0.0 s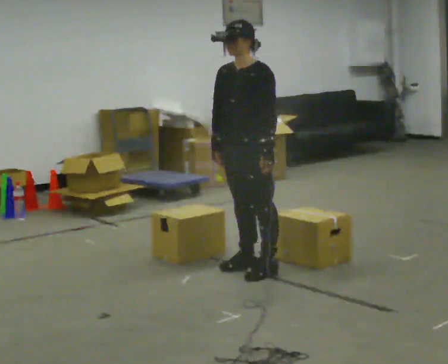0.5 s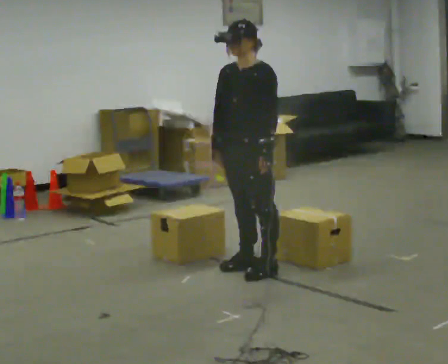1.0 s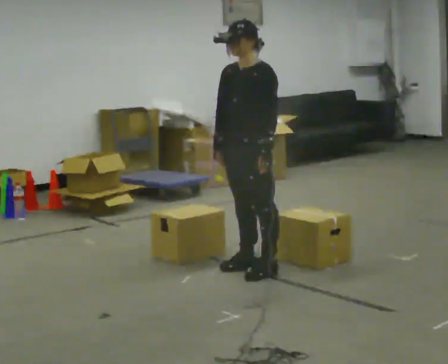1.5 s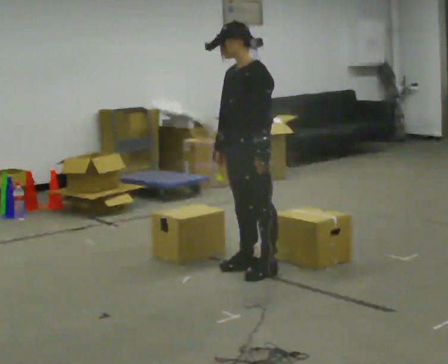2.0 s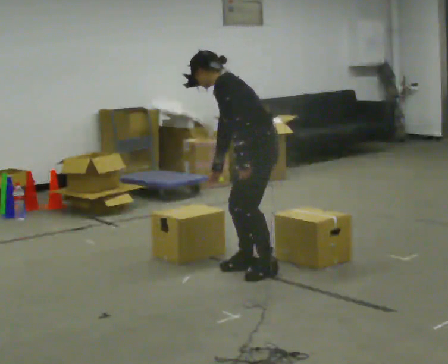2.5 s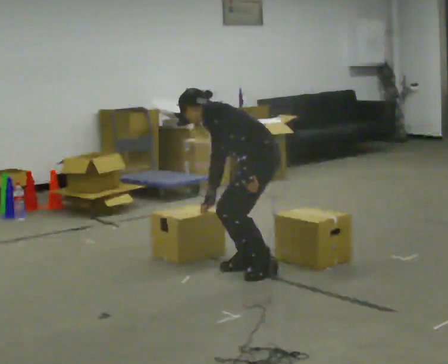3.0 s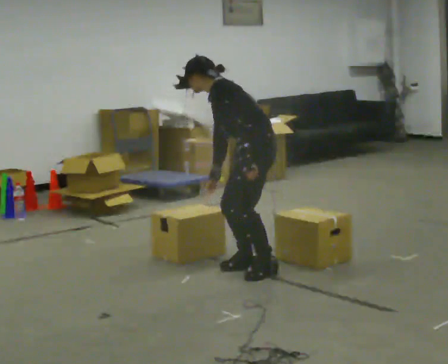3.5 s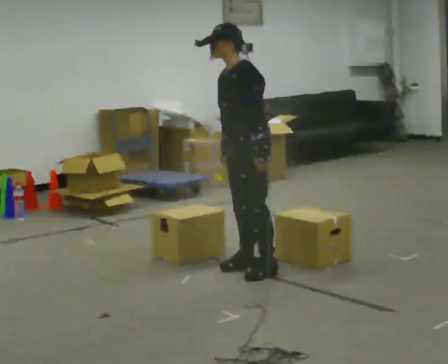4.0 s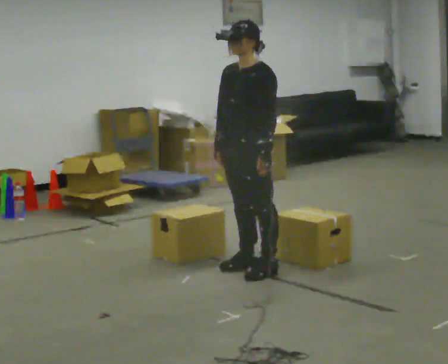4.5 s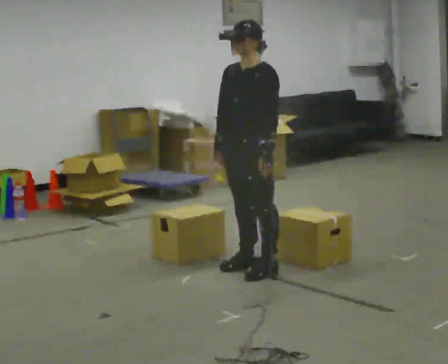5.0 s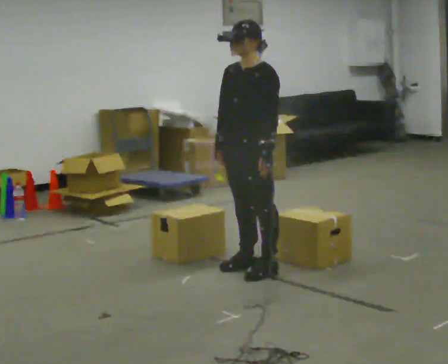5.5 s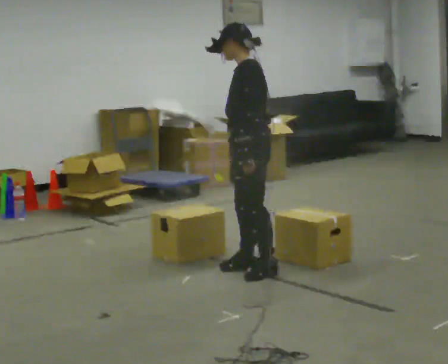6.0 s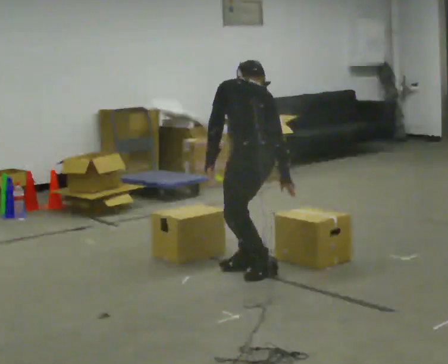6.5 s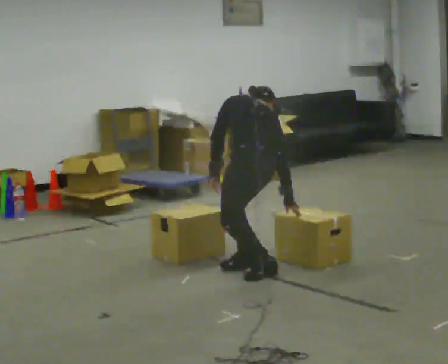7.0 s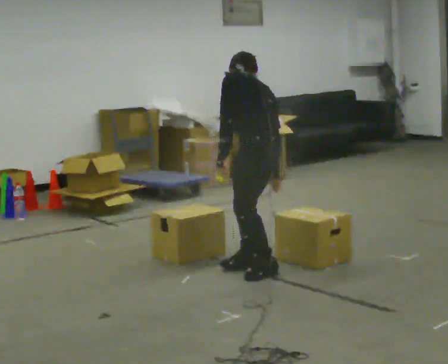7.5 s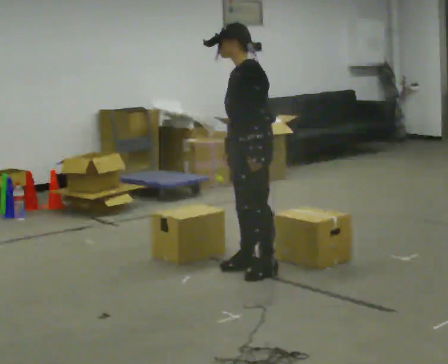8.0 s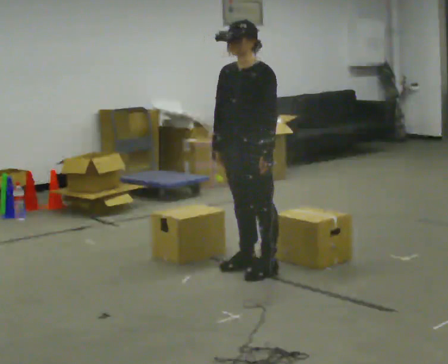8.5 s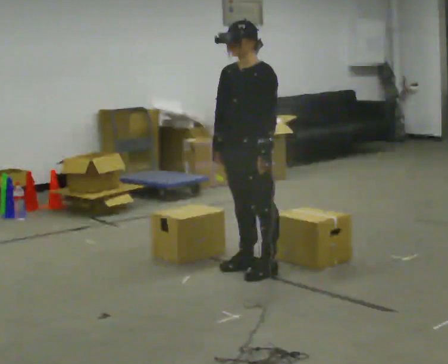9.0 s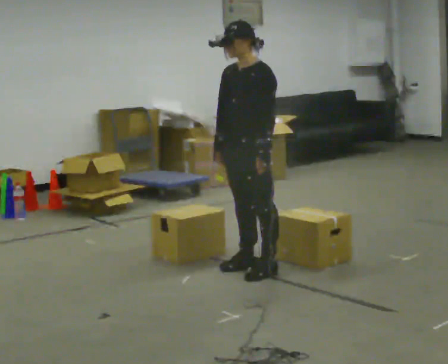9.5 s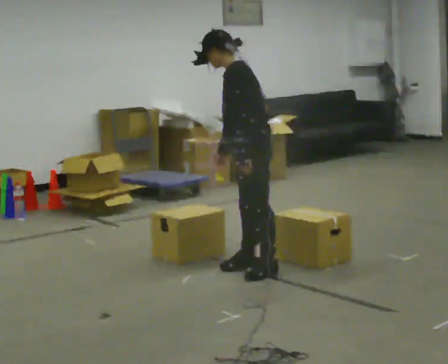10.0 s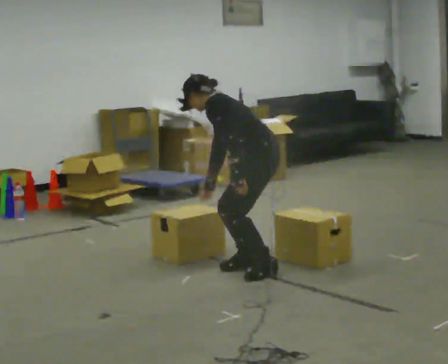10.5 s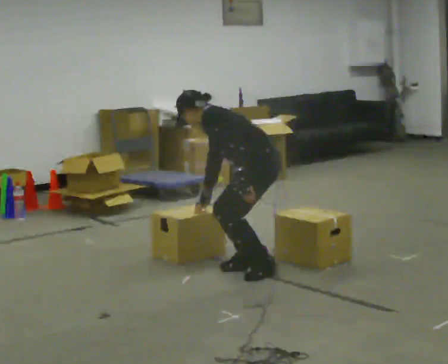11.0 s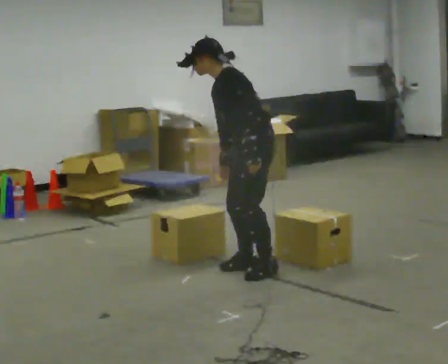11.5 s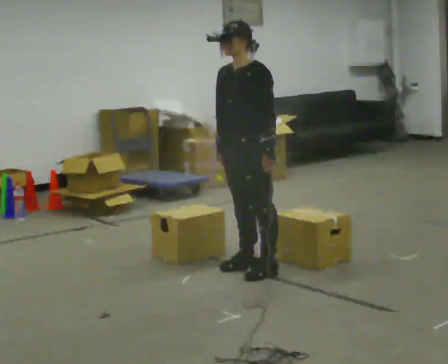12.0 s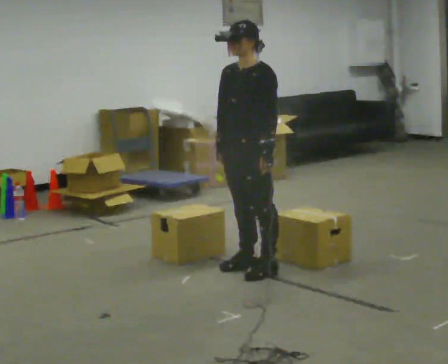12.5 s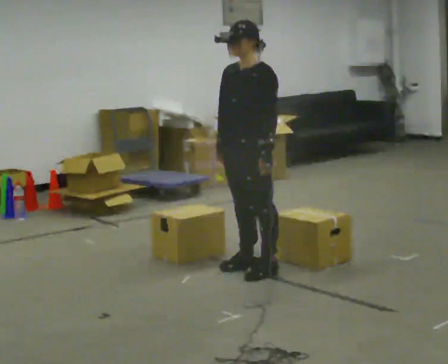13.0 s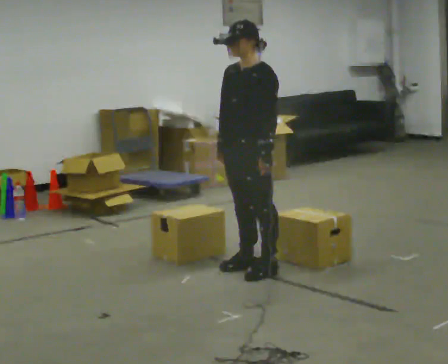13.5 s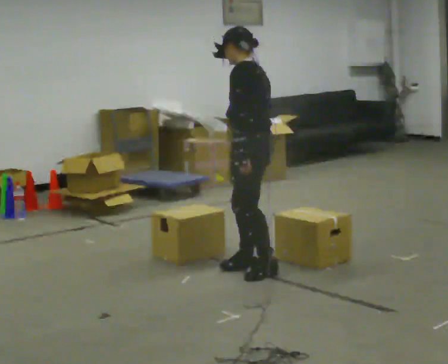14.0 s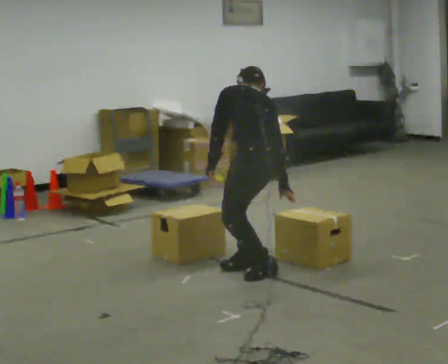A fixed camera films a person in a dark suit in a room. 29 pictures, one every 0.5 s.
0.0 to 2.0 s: The part of the body nearest the lens slides to the left as the person turns to their right by about 45 degrees. The shoulders move downward. In the picture the upper body tilts counterclockwise, shoulders to the left, as they bend forward.
2.0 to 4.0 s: Seen from above the body turns counterclockwise, about 45 degrees: to their left, with its near side sliding to the right.
4.0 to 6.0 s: The person turns about 90 degrees to their right, clockwise seen from above, so the part of the body nearest the lens slides to the left. The upper body goes downward. The upper body tips away from the camera, its near side rolling upward, as they bend forward. In the picture their right hand goes to the right.
6.0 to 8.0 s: The part of the body nearest the lens slides to the right as the person turns to their left by about 90 degrees. In the picture their right hand goes to the left.
8.0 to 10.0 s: Seen from above the body turns clockwise, about 45 degrees: to their right, with its near side sliding to the left. The upper body goes downward. In the picture the upper body tilts counterclockwise, shoulders to the left, as they bend forward.
10.0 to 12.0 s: Seen from above the body turns counterclockwise, about 45 degrees: to their left, with its near side sliding to the right. The shoulders move upward. In the picture the upper body tilts clockwise, shoulders to the right, as they lean back or straighten.
12.0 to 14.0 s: The person turns about 75 degrees to their right, clockwise seen from above, so the part of the body nearest the lens slides to the left. The shoulders move downward. The upper body tips away from the camera, its near side rolling upward, as they bend forward. In the picture their right hand goes to the right.
The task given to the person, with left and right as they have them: Touch each numbered target to your side and behind you in the order the operator calls, without moving your feet. Keep both feet on the marked spots for the whole take. If you have to step, stop and tell the operator.
The film runs forward here.
